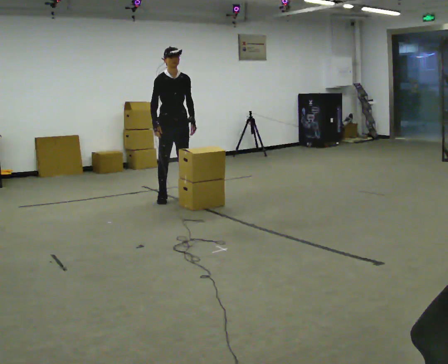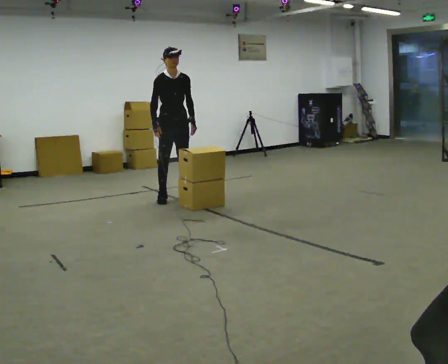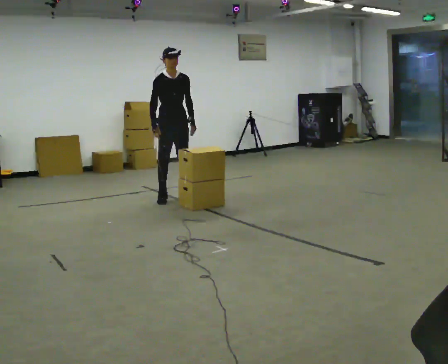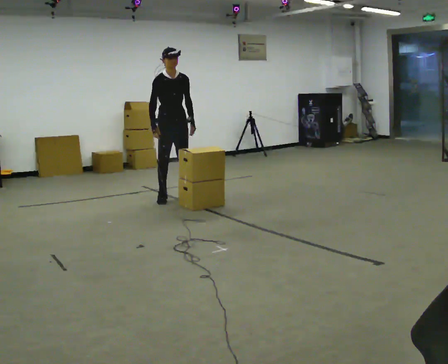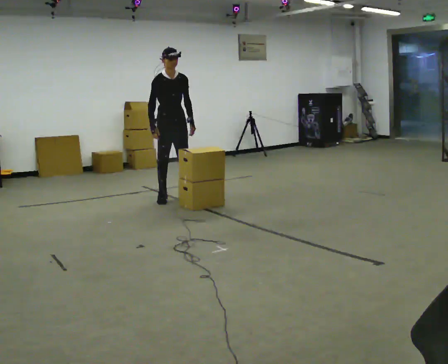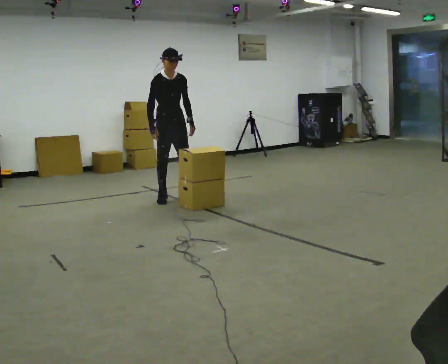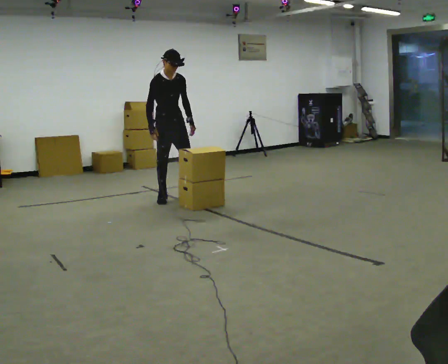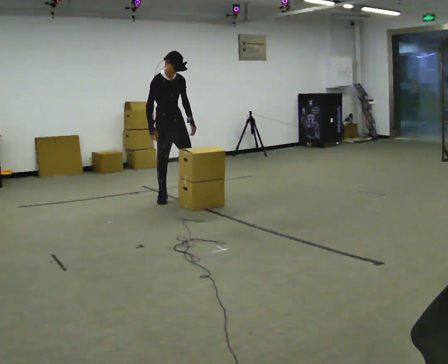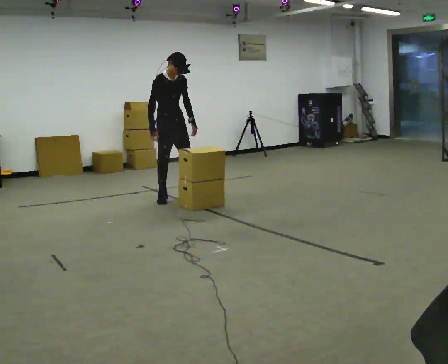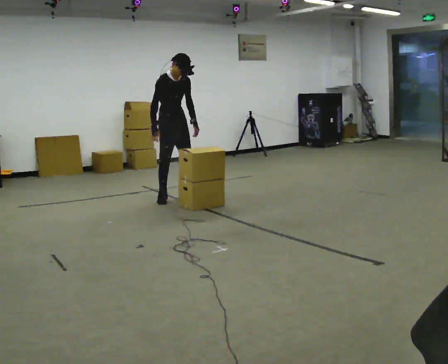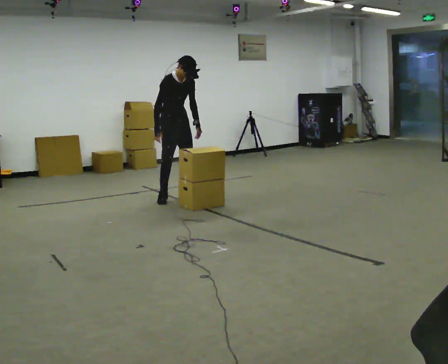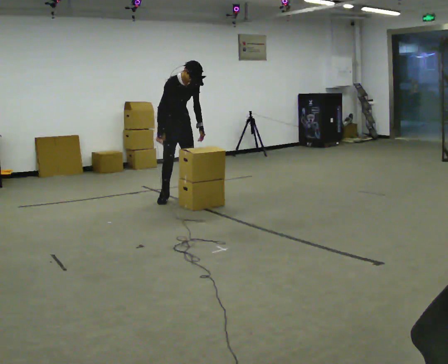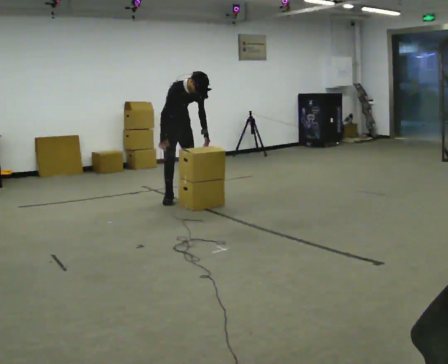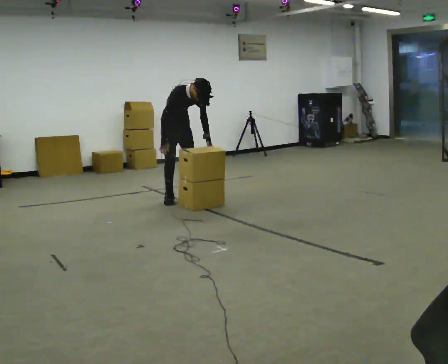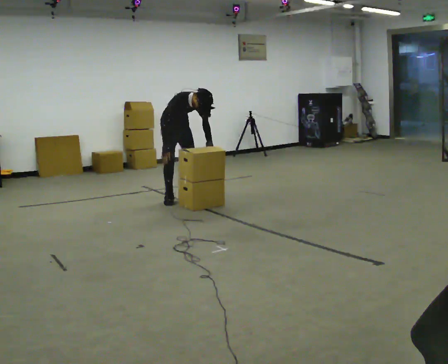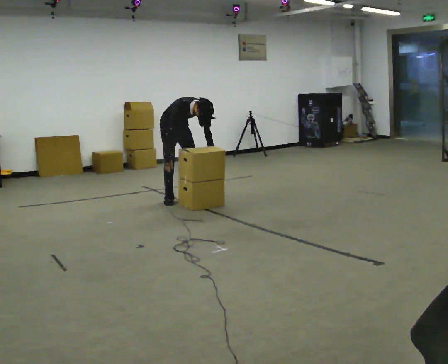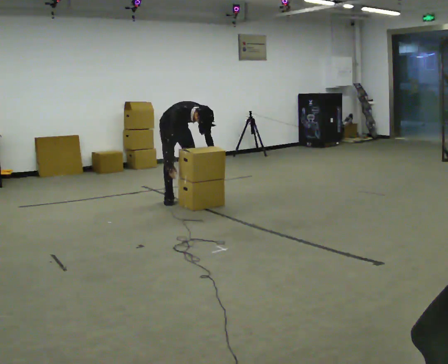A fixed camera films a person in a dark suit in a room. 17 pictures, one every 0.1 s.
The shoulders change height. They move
downward.
Their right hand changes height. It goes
downward.
0.0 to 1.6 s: The upper body goes downward. The upper body tips toward the camera, its near side rolling downward, as they bend forward. In the picture their left hand goes downward.
The film runs forward here.
